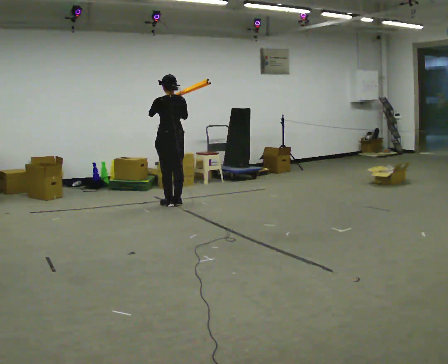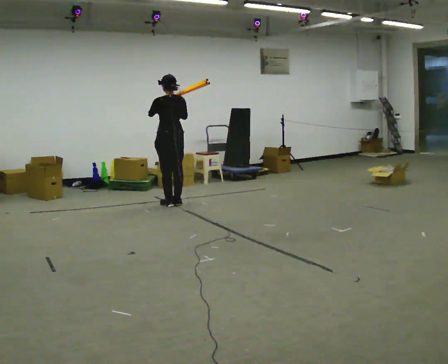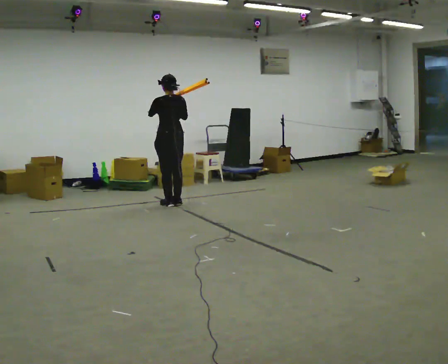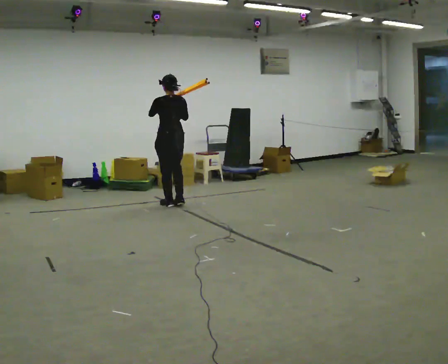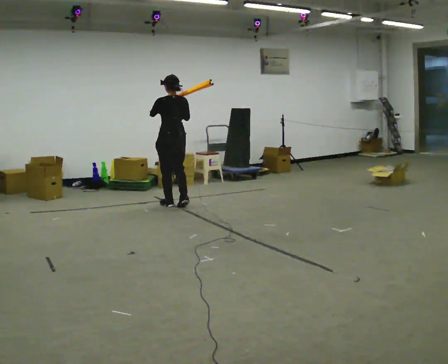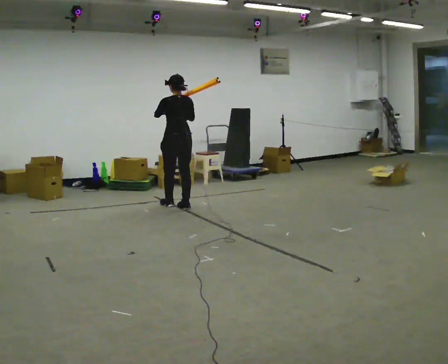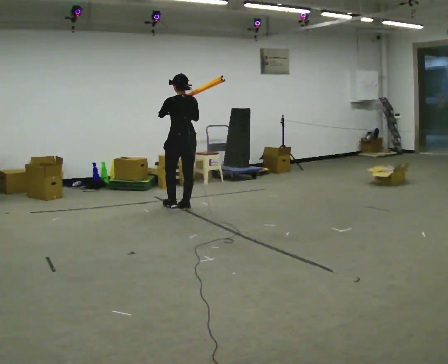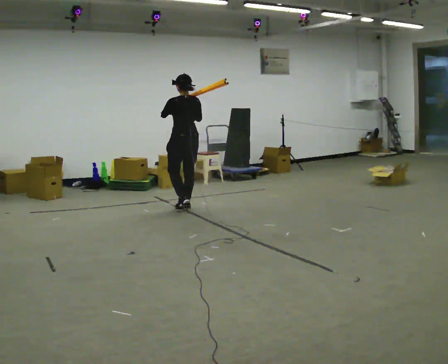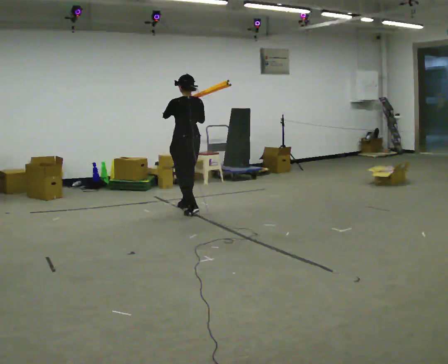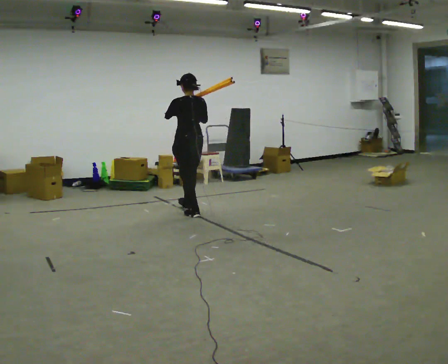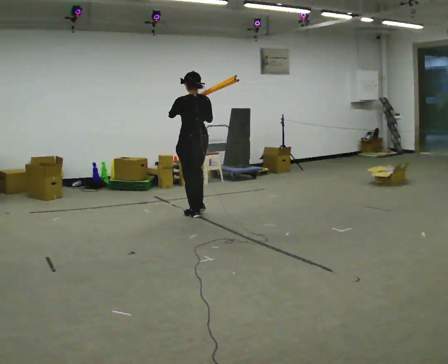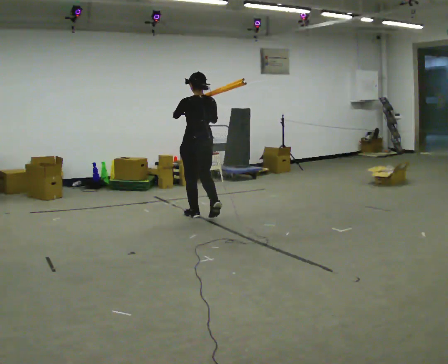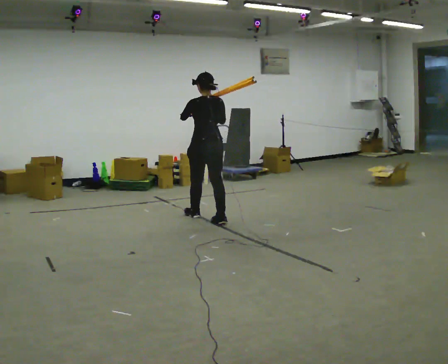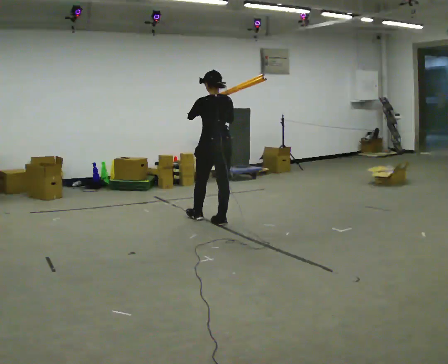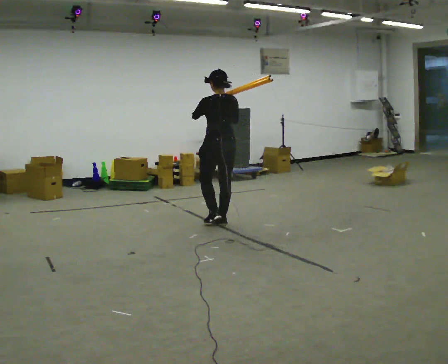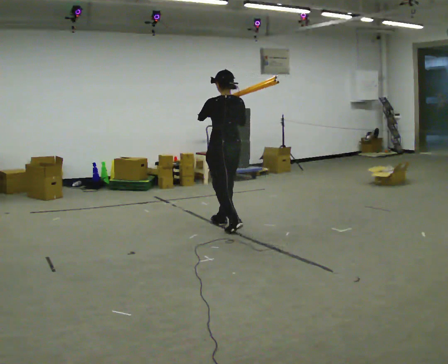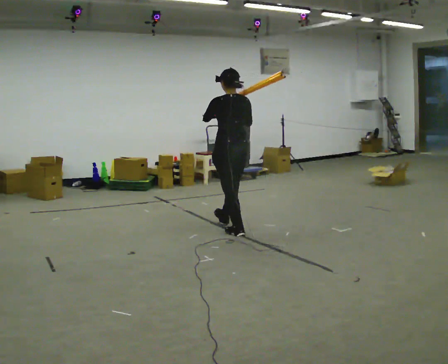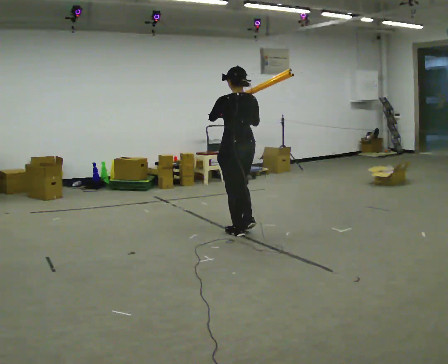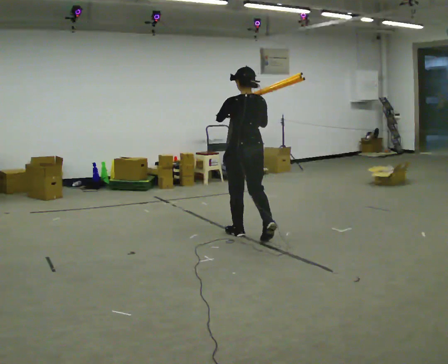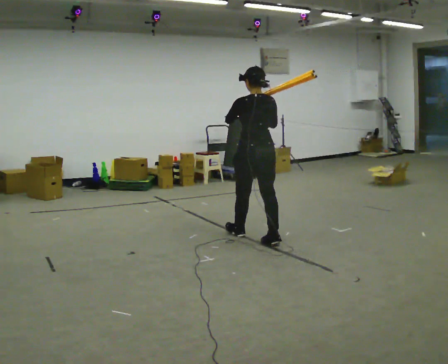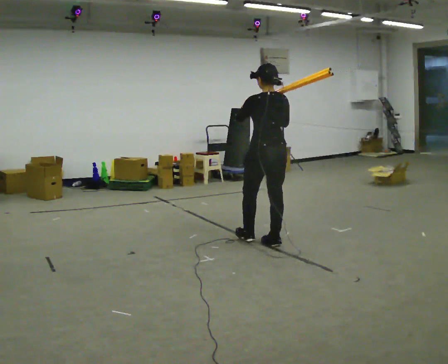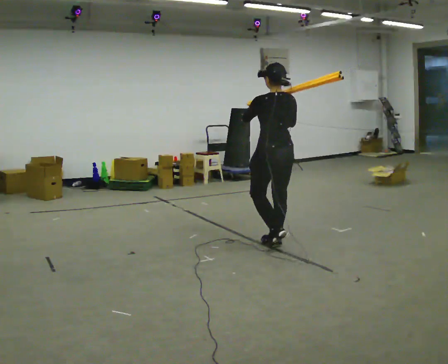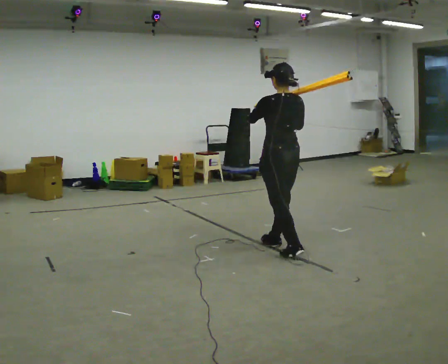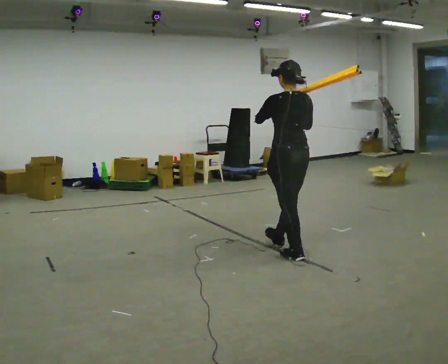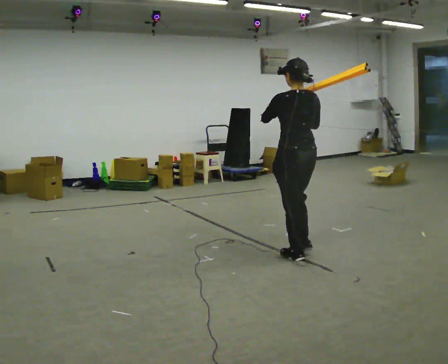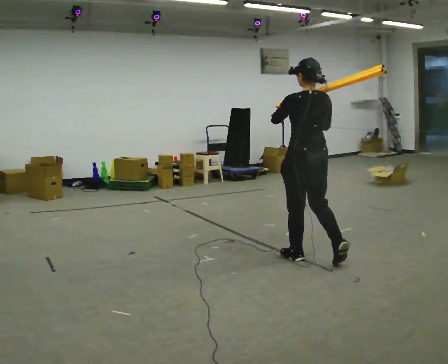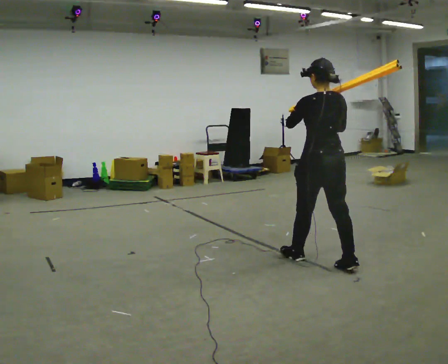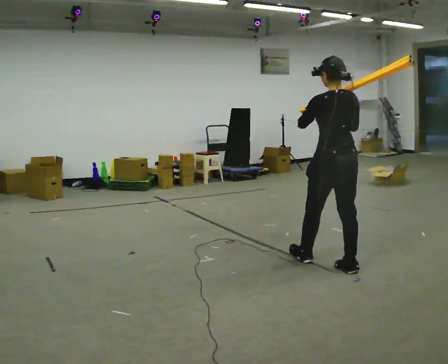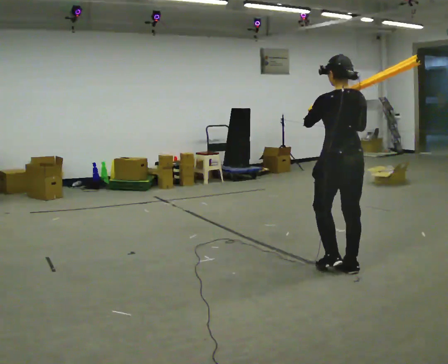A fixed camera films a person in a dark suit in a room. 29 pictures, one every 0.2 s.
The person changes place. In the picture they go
toward the camera.
0.0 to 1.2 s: In the picture they go toward the camera, about 0.25 m in 2 steps, which for them is backward.
1.2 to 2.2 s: In the picture they go toward the camera and to the right, about 0.5 m in 1 step, which for them is backward.
2.2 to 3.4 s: In the picture they go toward the camera and to the right, about 1 m in 2 steps, which for them is backward.
3.4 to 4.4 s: In the picture they go toward the camera and to the right, about 0.75 m in 1 step, which for them is backward.
4.4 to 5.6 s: In the picture they go toward the camera and to the right, about 0.75 m in 2 steps, which for them is backward.
The film runs backward here.
